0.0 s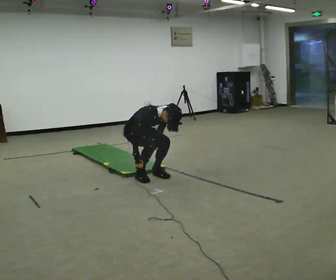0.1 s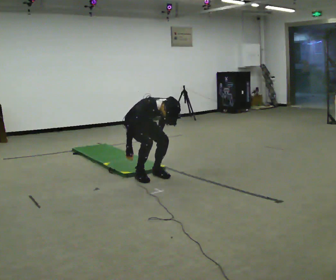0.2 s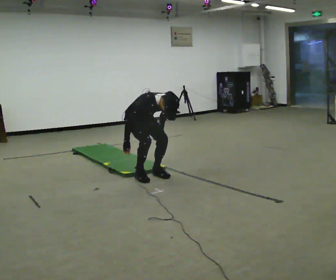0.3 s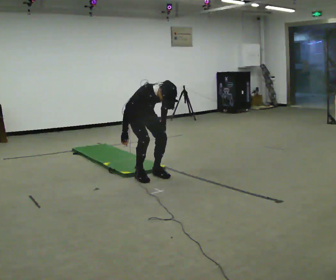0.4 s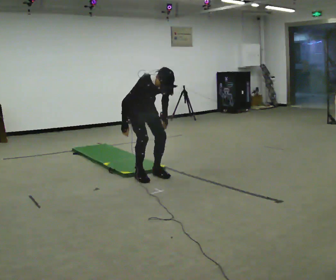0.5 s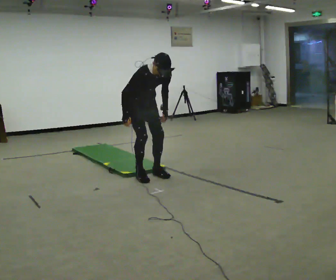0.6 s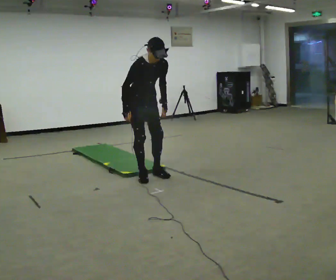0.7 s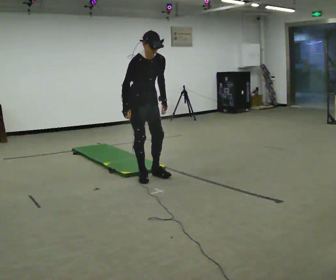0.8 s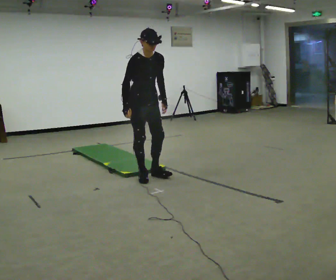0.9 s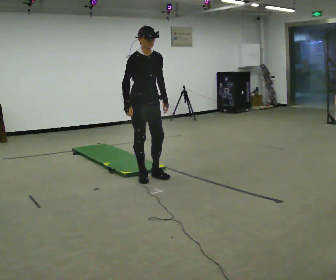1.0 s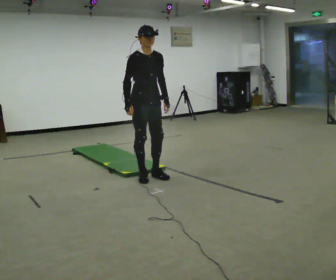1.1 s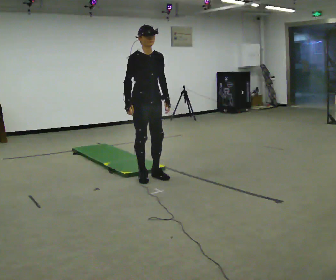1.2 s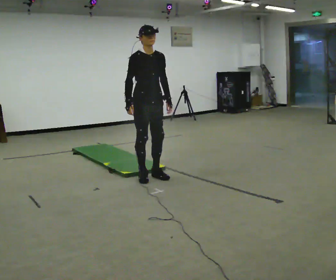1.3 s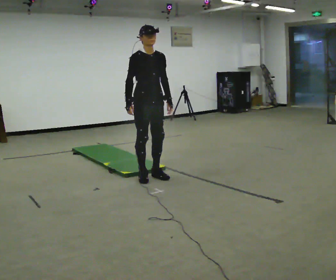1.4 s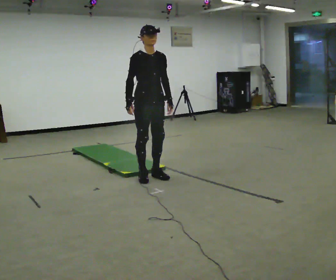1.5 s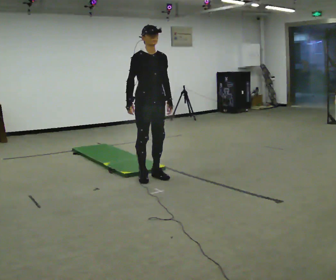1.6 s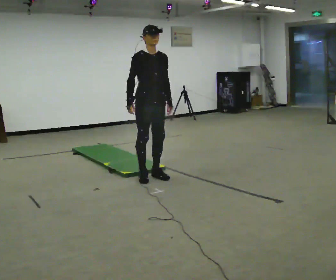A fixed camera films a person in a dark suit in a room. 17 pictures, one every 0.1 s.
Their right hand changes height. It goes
upward.
The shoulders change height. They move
upward.
0.0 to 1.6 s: In the picture they go toward the camera, about 0.25 m, which for them is forward. The upper body goes upward. The upper body tips away from the camera, its near side rolling upward, as they lean back or straighten. In the picture their left hand goes upward.
The film runs backward here.
